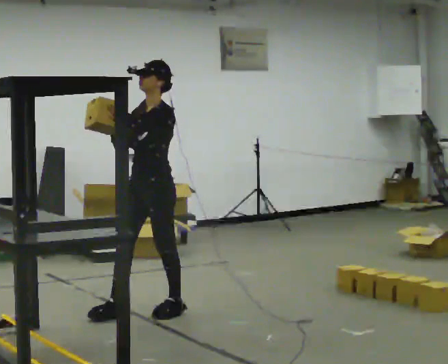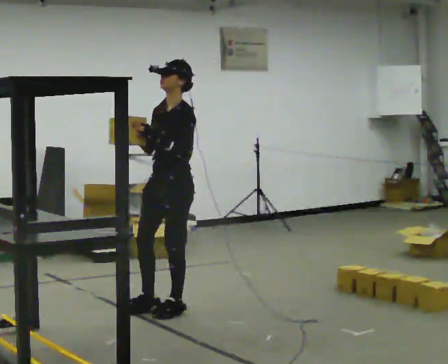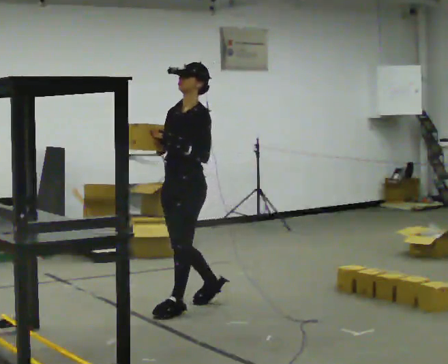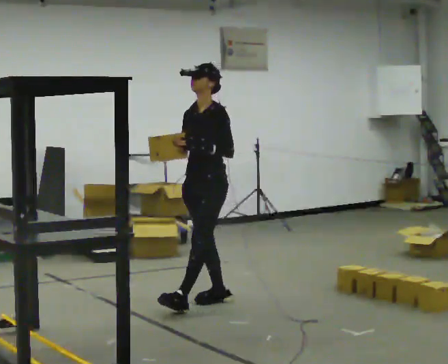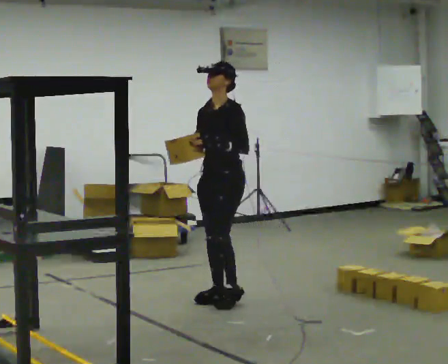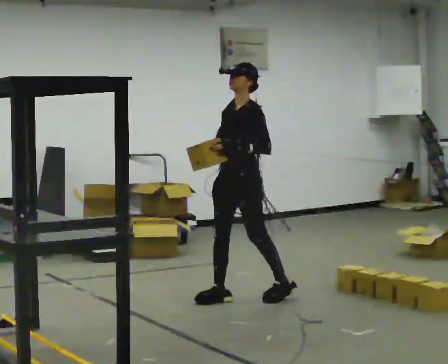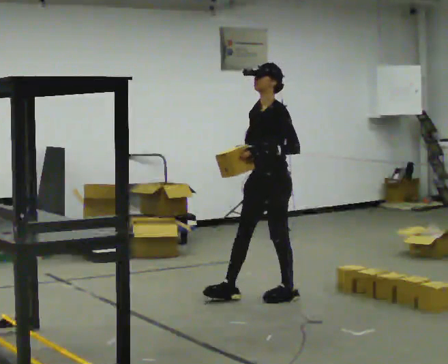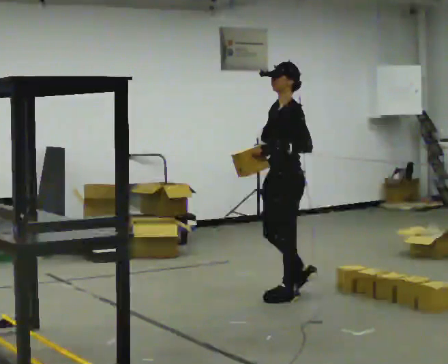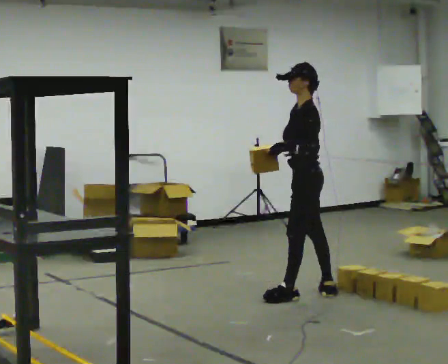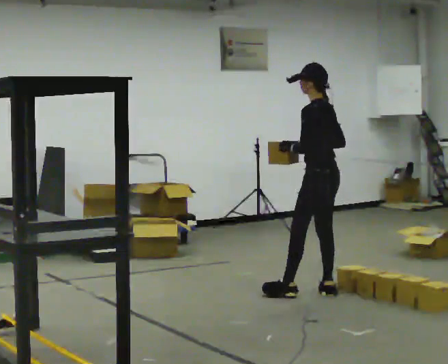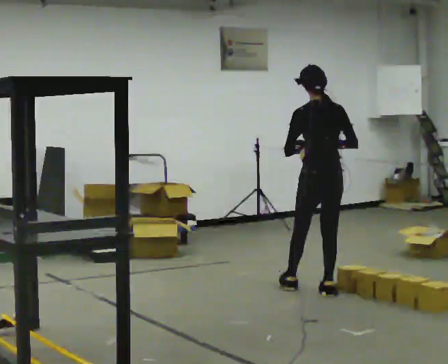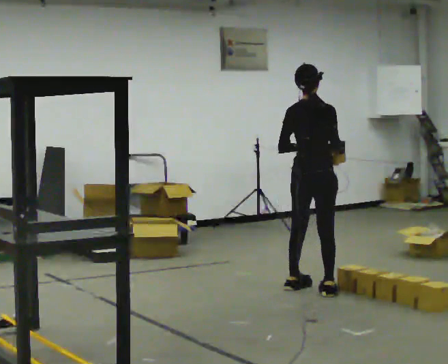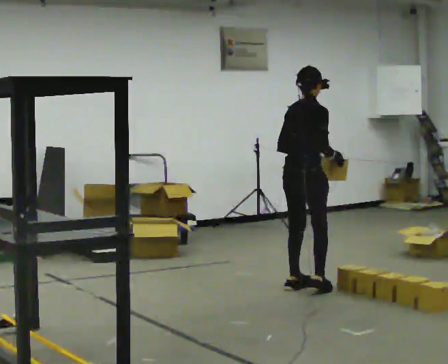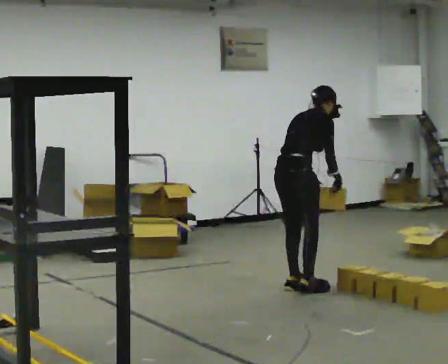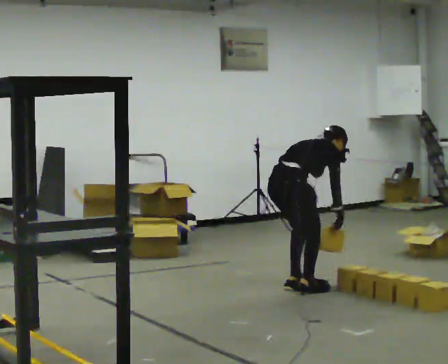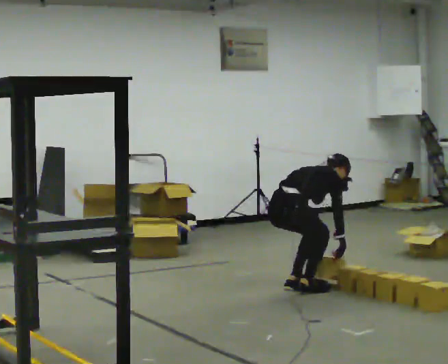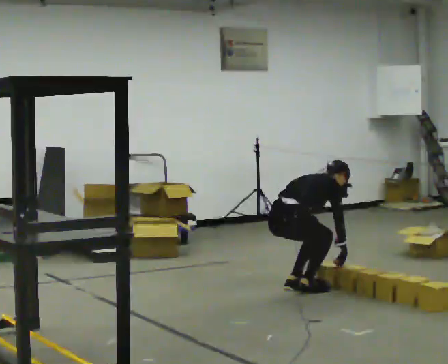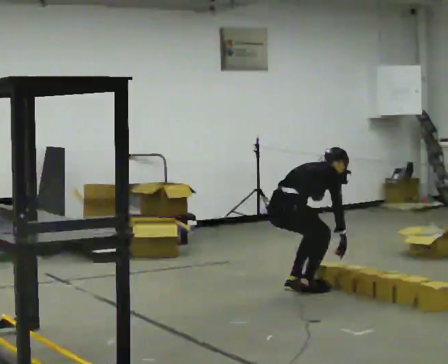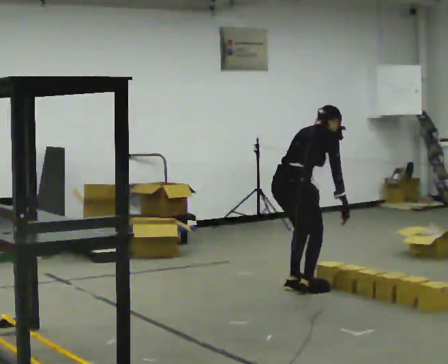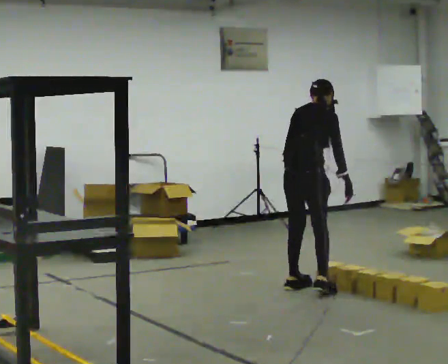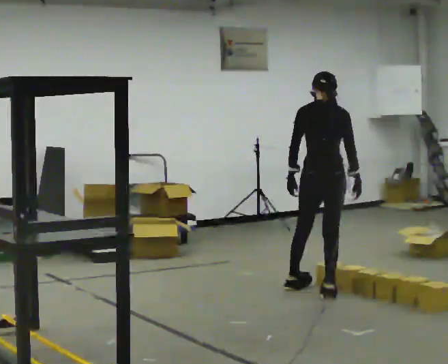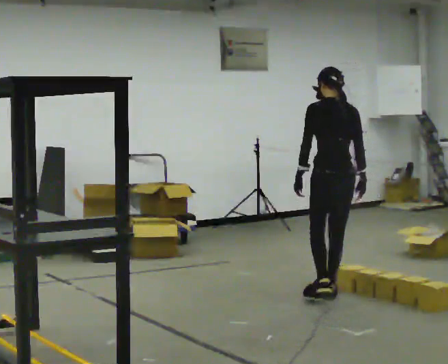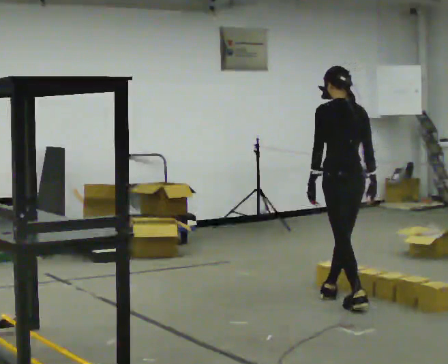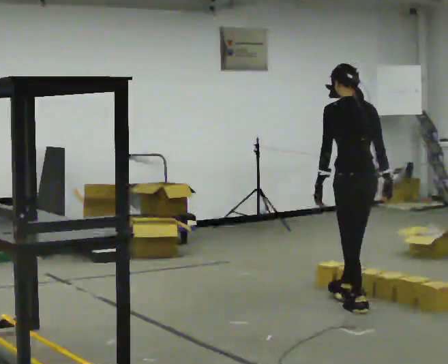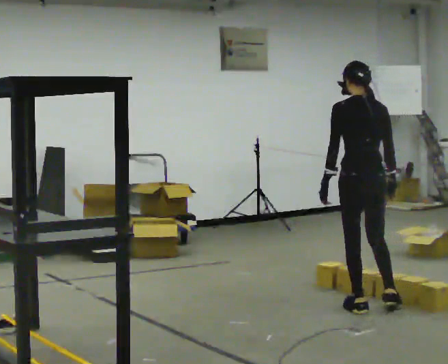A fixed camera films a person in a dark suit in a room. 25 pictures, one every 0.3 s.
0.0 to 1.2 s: In the picture they go away from the camera and to the right, about 0.5 m in 2 steps, which for them is backward.
1.2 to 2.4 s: The person turns about 60 degrees to their right, clockwise seen from above, so the part of the body nearest the lens slides to the left. In the picture they go to the right, about 0.5 m in 1 step, which for them is backward.
2.4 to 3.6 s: The person turns about 120 degrees to their right, clockwise seen from above, so the part of the body nearest the lens slides to the left. In the picture they go away from the camera, about 0.25 m in 2 steps.
3.6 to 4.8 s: The shoulders move downward. In the picture the upper body tilts clockwise, shoulders to the right, as they bend forward. In the picture their left hand goes downward.
4.8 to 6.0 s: Seen from above the body turns counterclockwise, about 45 degrees: to their left, with its near side sliding to the right. In the picture they go to the right, about 0.25 m in 1 step, which for them is to their right and forward. The shoulders move upward. In the picture the upper body tilts counterclockwise, shoulders to the left, as they lean back or straighten. In the picture their left hand goes upward.
6.0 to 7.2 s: In the picture they go toward the camera and to the right, about 0.5 m in 2 steps, which for them is backward.
The film runs backward here.
